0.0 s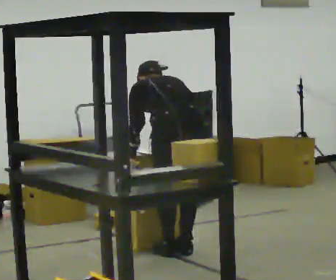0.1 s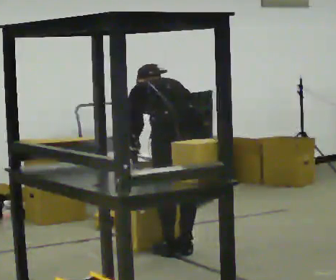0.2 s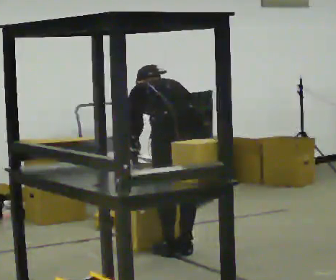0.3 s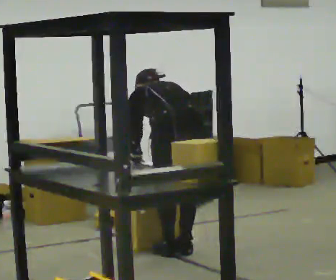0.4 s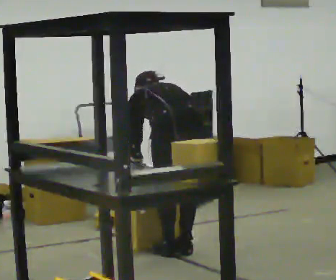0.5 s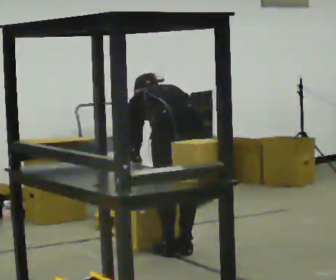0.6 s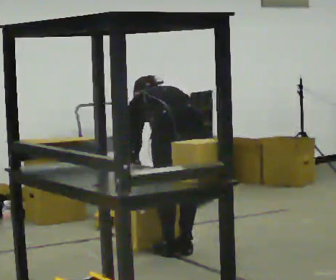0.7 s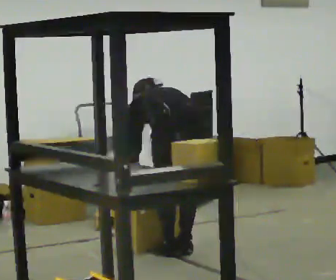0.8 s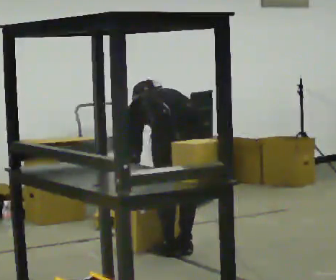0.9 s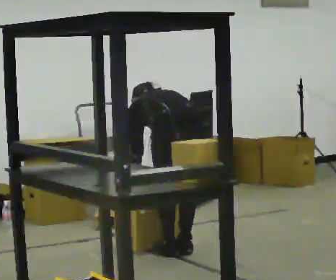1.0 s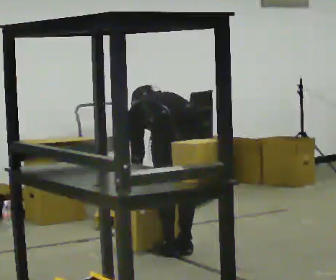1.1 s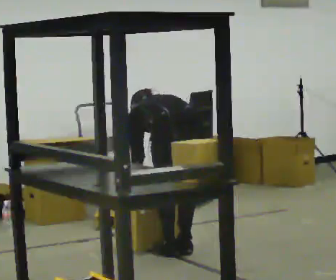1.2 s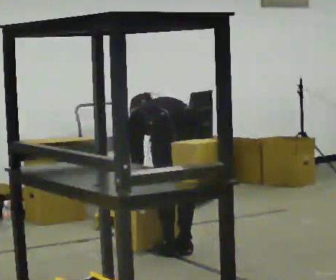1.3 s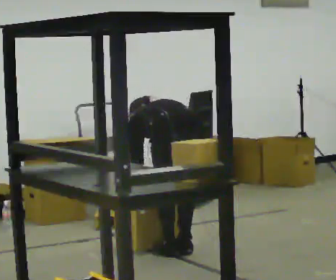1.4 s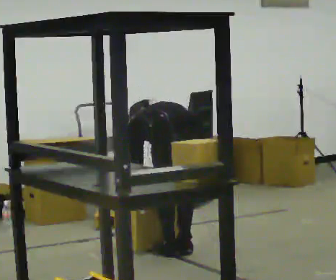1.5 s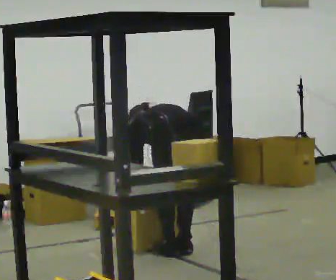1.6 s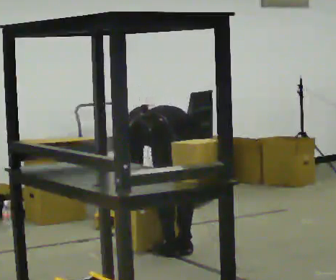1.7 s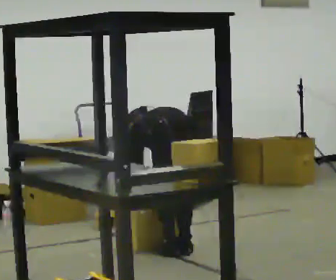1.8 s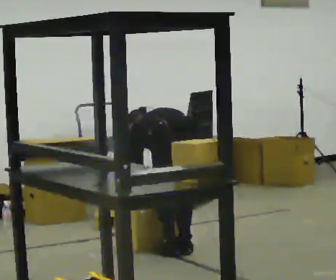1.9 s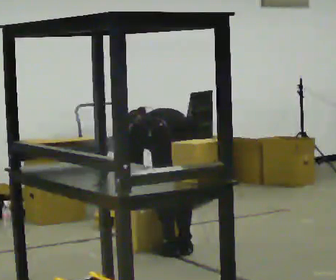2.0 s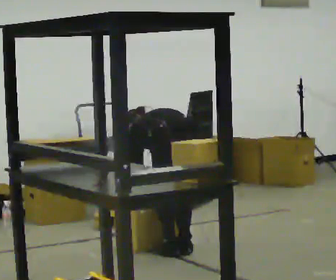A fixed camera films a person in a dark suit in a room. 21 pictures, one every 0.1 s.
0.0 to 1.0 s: The upper body tips away from the camera, its near side rolling upward, as they bend forward.
1.0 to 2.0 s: The person moves a little, or ends about where they began.
The film runs forward here.
